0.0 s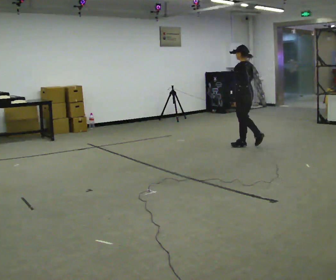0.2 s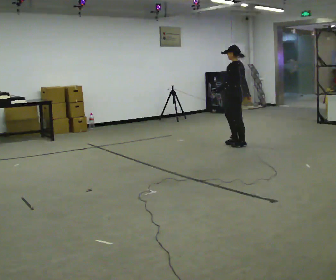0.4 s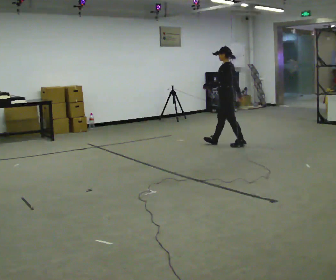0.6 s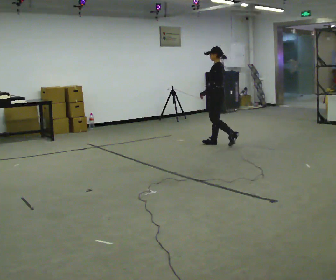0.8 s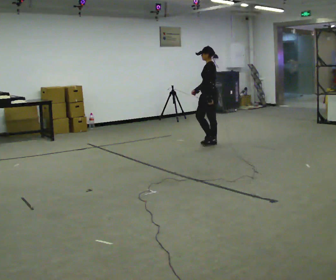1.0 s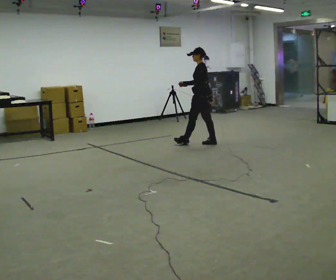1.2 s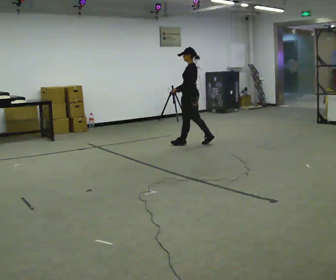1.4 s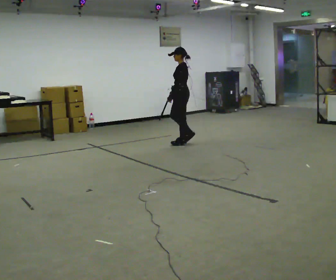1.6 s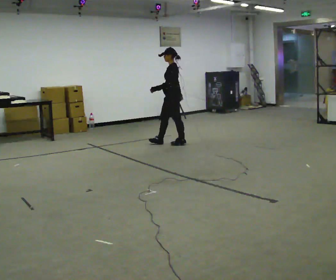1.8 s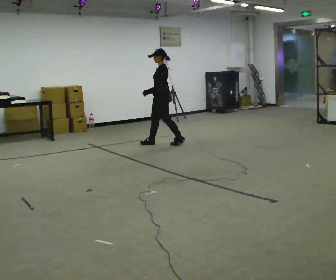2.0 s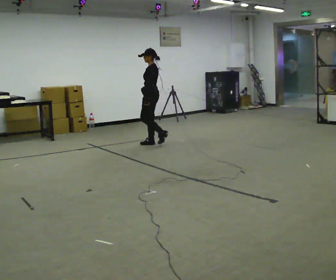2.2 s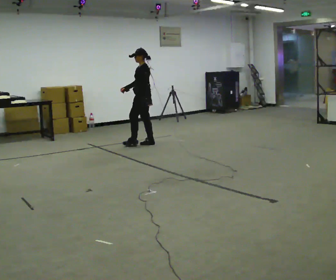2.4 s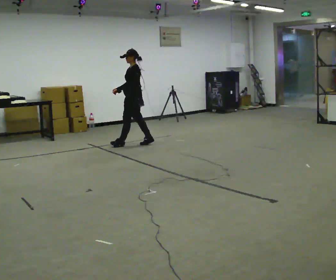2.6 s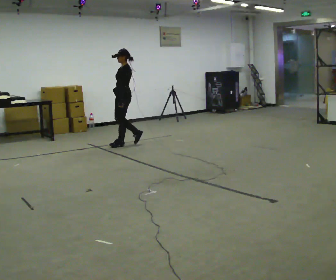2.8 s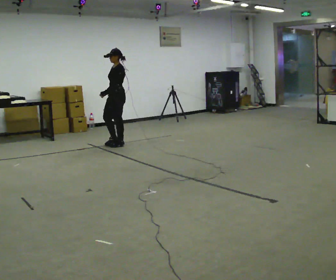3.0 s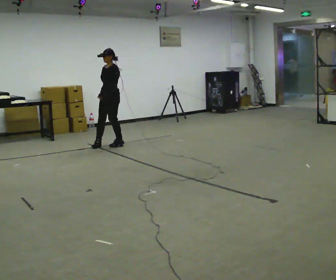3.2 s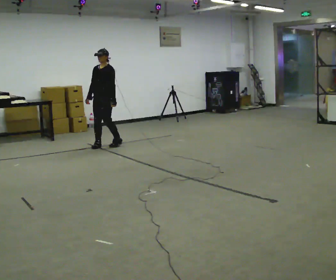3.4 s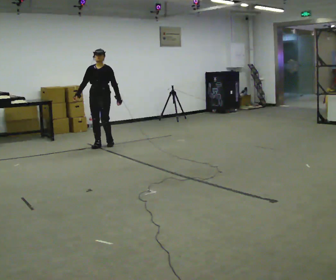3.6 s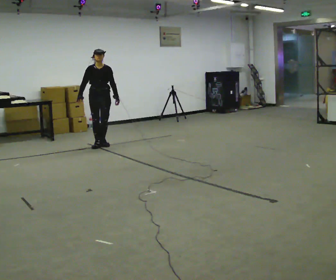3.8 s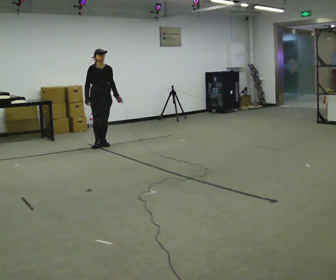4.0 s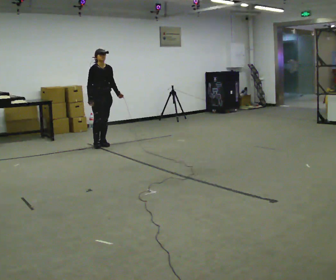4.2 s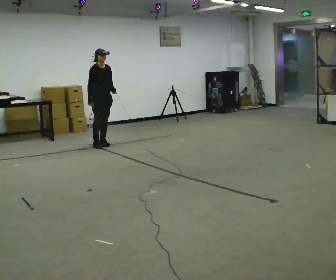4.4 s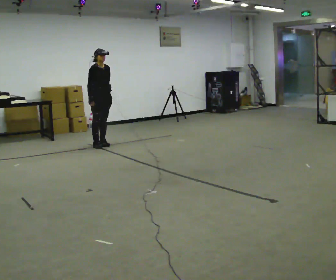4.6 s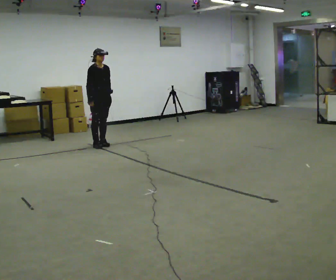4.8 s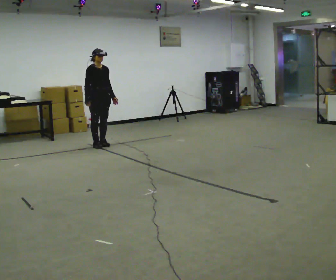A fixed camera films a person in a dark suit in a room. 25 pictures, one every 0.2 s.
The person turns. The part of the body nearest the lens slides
to the right.
The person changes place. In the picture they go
to the left.
0.0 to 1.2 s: Seen from above the body turns counterclockwise, about 30 degrees: to their left, with its near side sliding to the right. In the picture they go to the left and away from the camera, about 1 m in 2 steps, which for them is forward.
1.2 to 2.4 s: In the picture they go to the left, about 1 m in 2 steps, which for them is forward.
2.4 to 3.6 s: The part of the body nearest the lens slides to the right as the person turns to their left by about 105 degrees. In the picture they go to the left, about 0.5 m in 2 steps.
3.6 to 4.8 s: Seen from above the body turns counterclockwise, about 30 degrees: to their left, with its near side sliding to the right.
The film runs forward here.
